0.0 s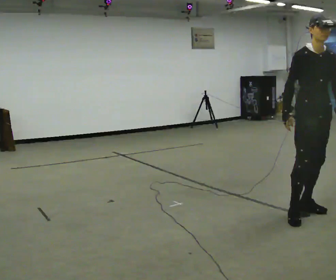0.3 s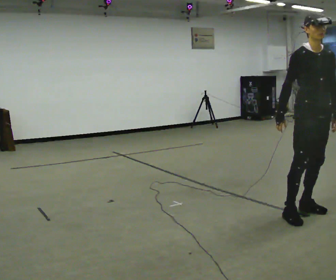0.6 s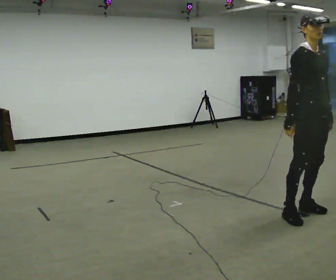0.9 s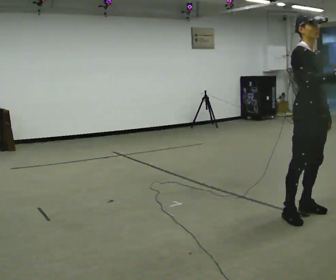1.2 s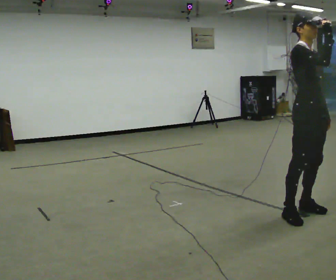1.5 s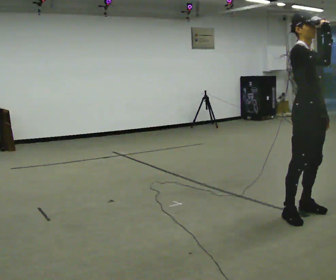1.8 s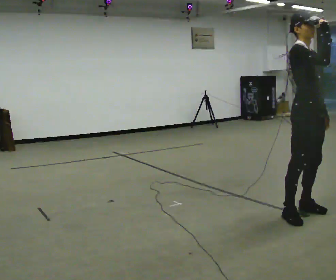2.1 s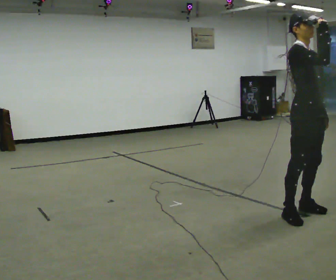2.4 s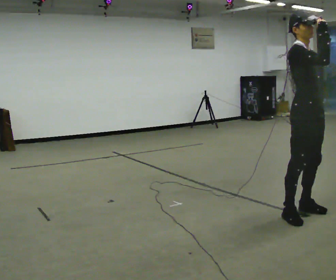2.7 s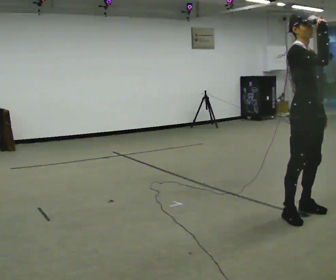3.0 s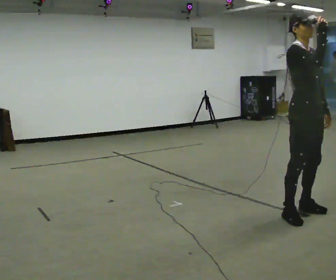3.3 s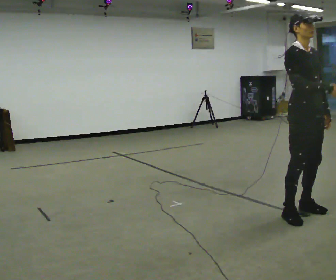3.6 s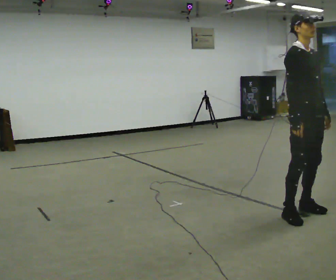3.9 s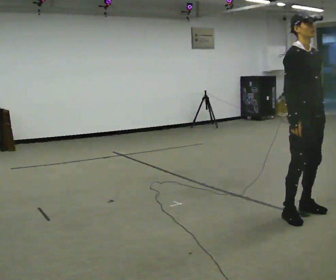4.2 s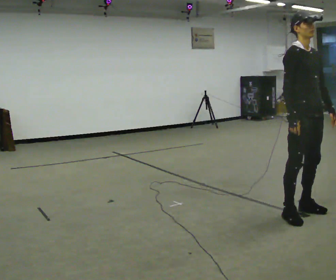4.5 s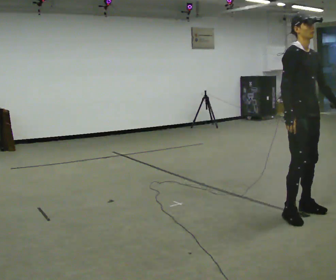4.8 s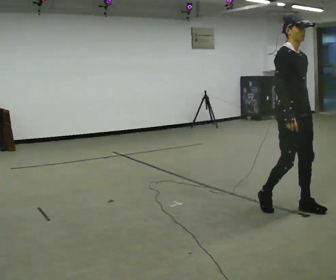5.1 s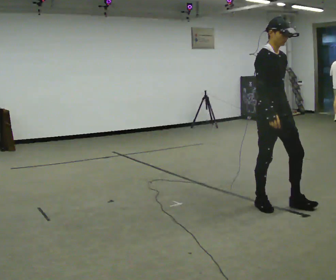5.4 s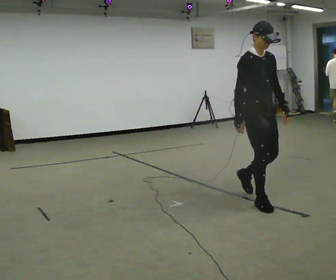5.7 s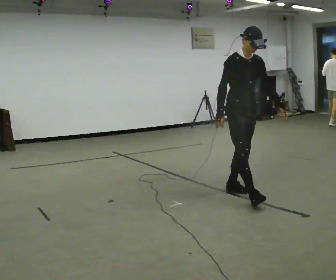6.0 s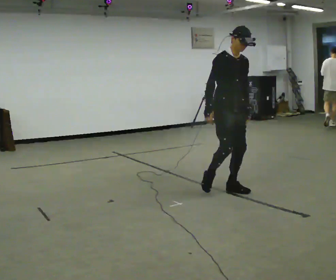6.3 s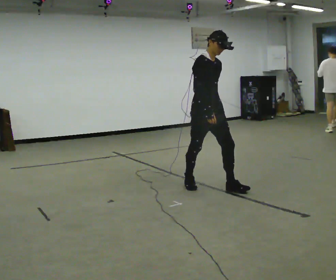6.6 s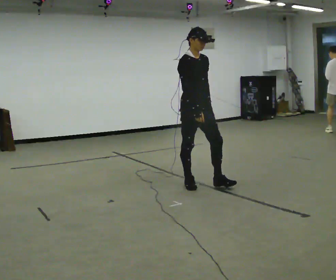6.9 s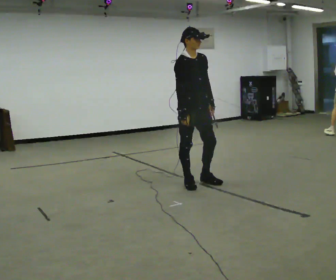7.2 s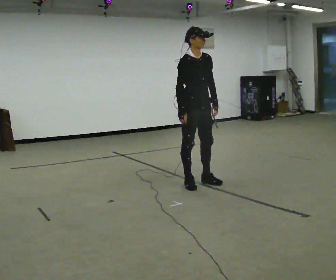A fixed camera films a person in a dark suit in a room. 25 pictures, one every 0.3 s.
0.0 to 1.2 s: Seen from above the body turns counterclockwise, about 30 degrees: to their left, with its near side sliding to the right. In the picture their right hand goes upward and to the right.
1.2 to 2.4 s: The person moves a little, or ends about where they began.
2.4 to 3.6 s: In the picture their right hand goes downward.
3.6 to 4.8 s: In the picture they go away from the camera, about 0.25 m in 1 step, which for them is backward.
4.8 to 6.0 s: In the picture they go to the left and away from the camera, about 1 m in 2 steps, which for them is backward.
6.0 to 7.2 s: In the picture they go to the left and away from the camera, about 0.5 m in 1 step, which for them is backward.
The film runs backward here.
